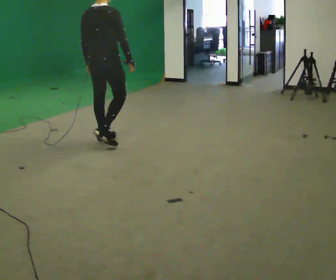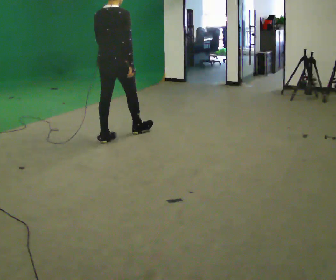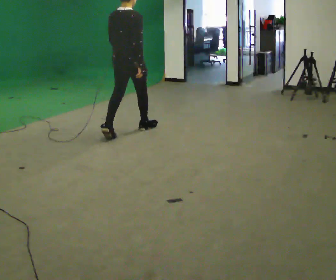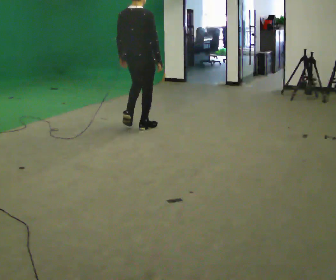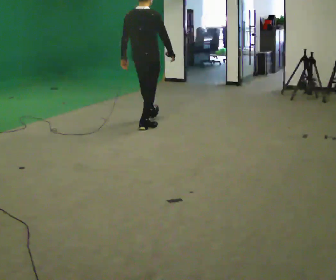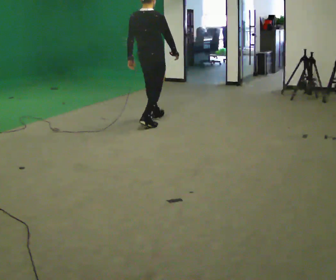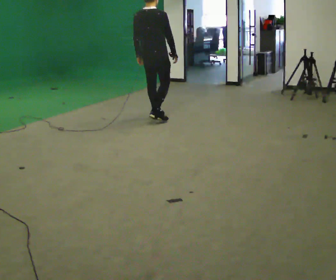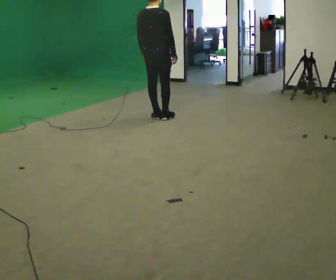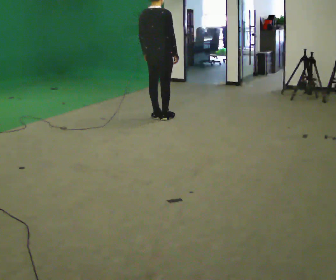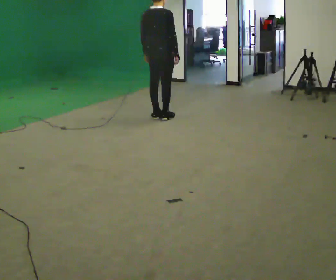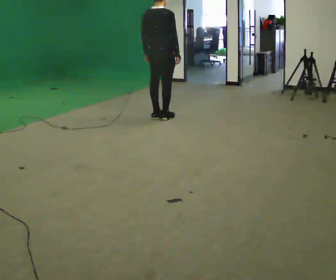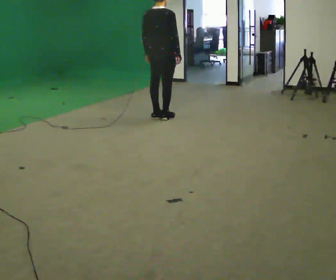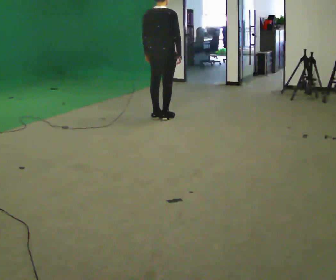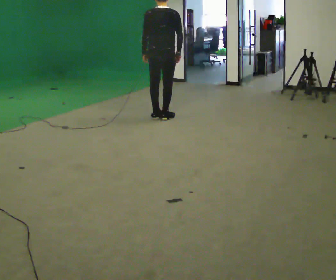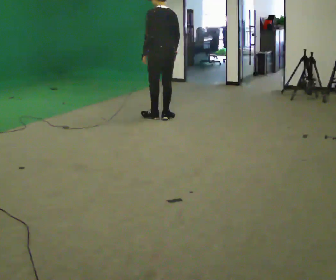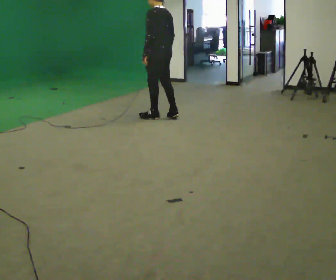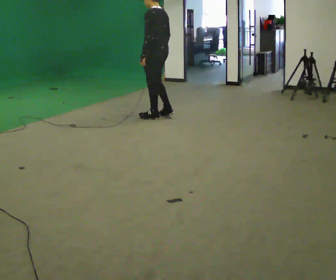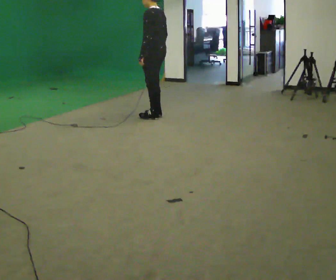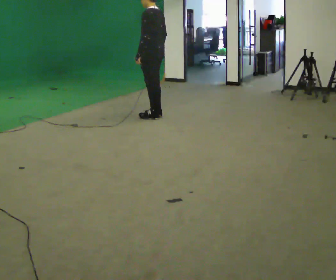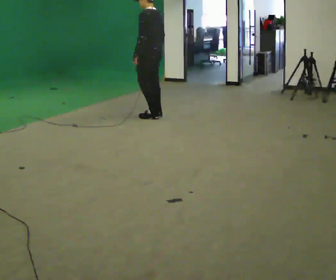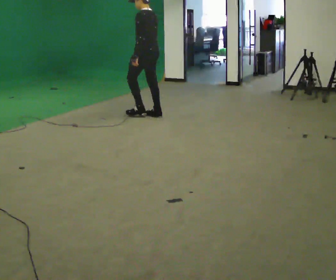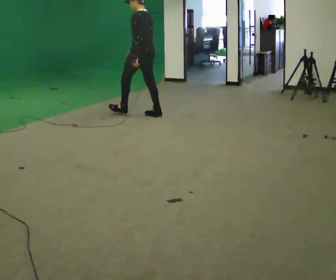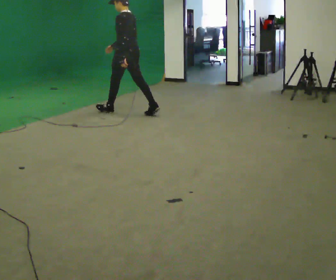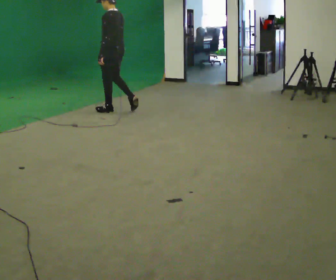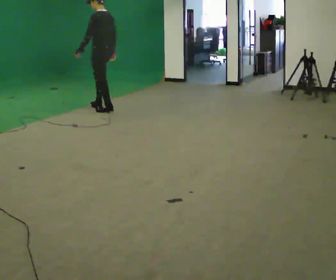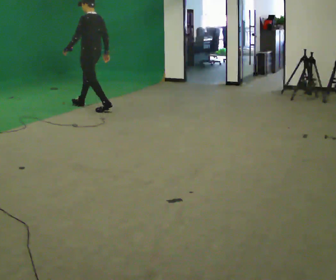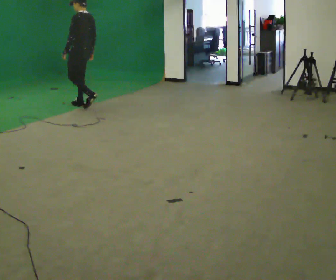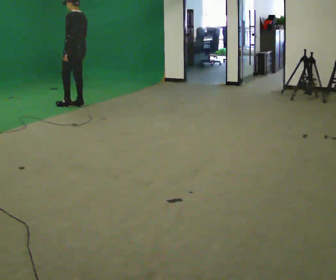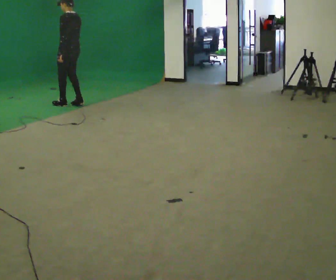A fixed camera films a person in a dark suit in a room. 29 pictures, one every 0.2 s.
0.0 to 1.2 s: In the picture they go away from the camera and to the right, about 1 m in 2 steps, which for them is forward.
1.2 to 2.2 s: In the picture they go away from the camera, about 0.25 m in 1 step, which for them is forward.
2.2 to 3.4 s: The part of the body nearest the lens slides to the right as the person turns to their left by about 105 degrees.
3.4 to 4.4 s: In the picture they go to the left and away from the camera, about 0.5 m in 1 step, which for them is forward.
4.4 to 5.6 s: In the picture they go to the left and away from the camera, about 1 m in 3 steps, which for them is forward.
The film runs forward here.
